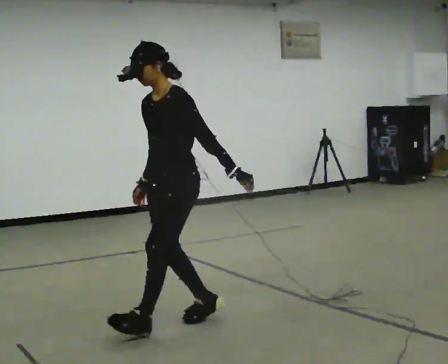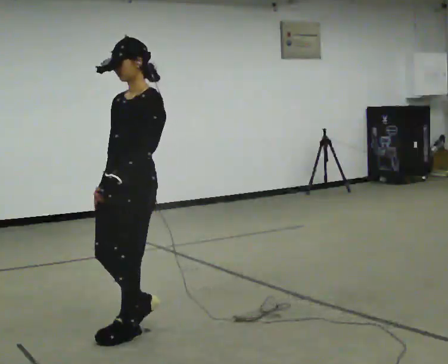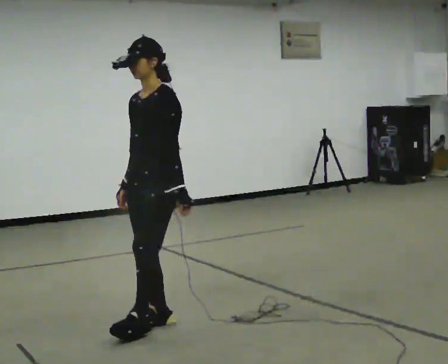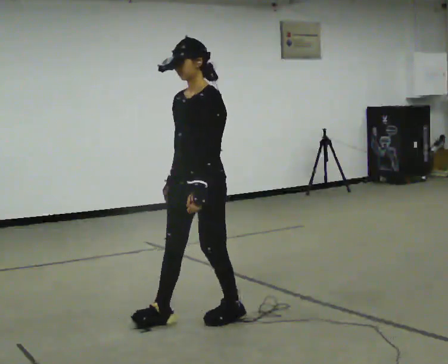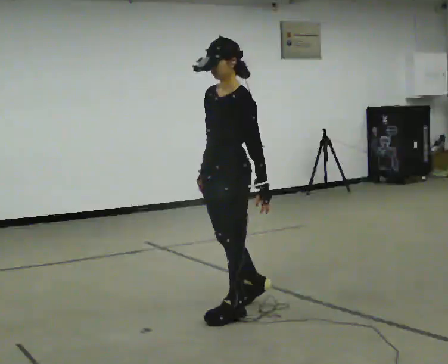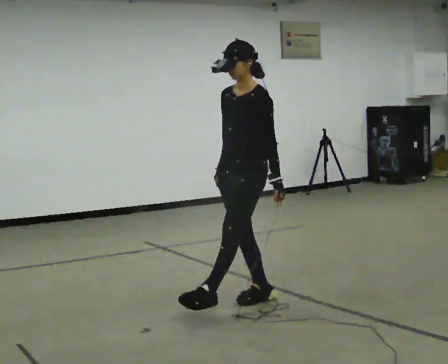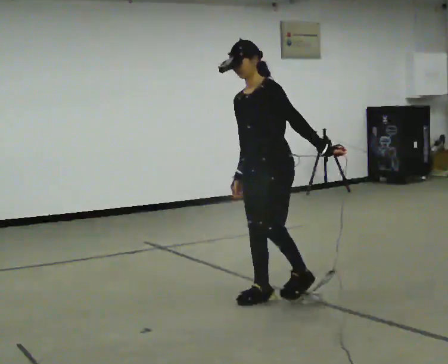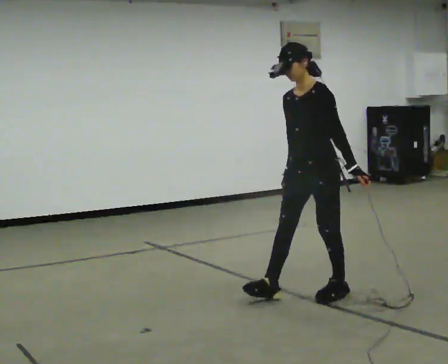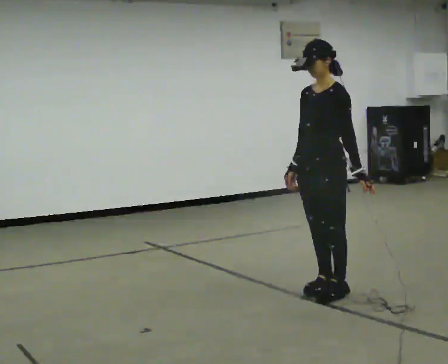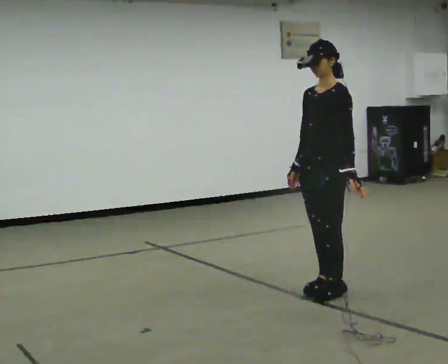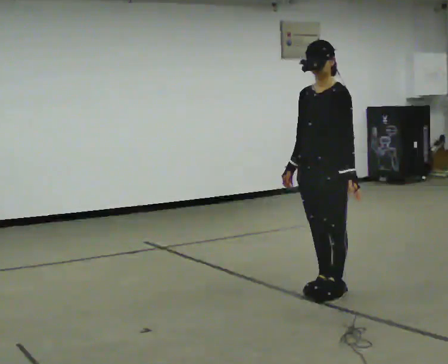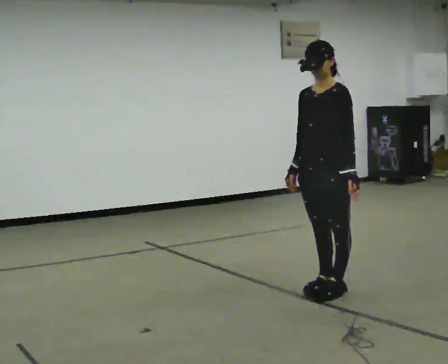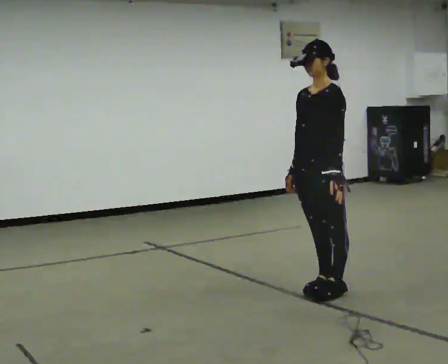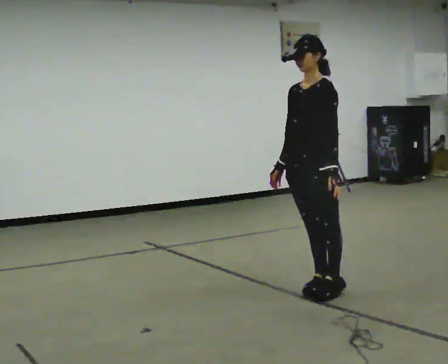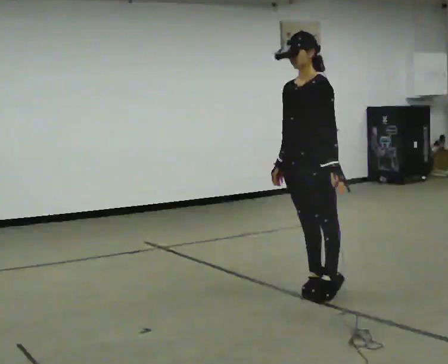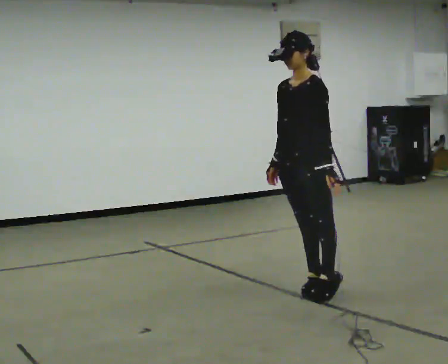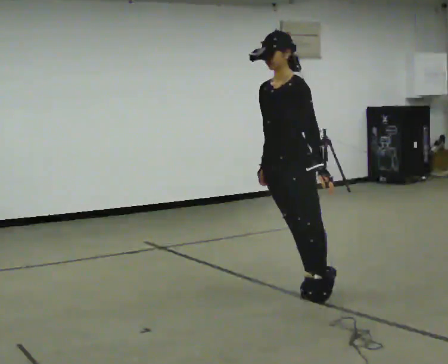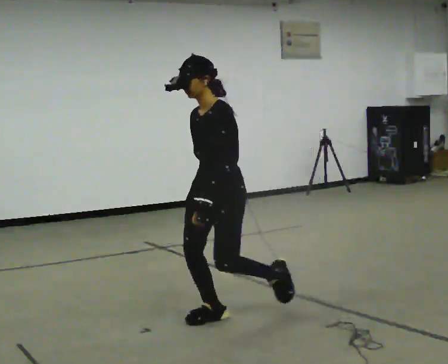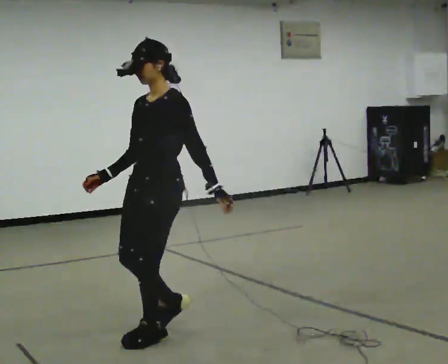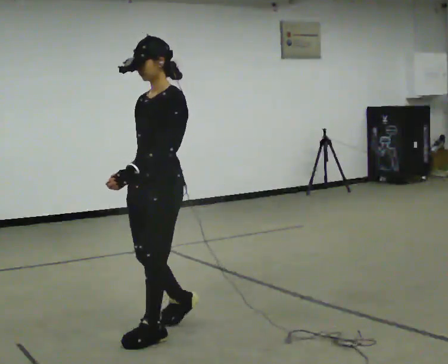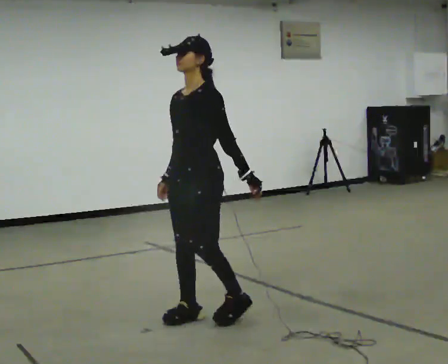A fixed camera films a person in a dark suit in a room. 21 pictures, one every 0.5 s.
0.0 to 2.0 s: In the picture they go to the right and away from the camera, about 0.5 m in 3 steps, which for them is backward.
2.0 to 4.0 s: In the picture they go to the right and away from the camera, about 0.75 m in 3 steps, which for them is backward.
4.0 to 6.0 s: The person moves a little, or ends about where they began.
6.0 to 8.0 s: In the picture they go to the left and toward the camera, about 0.25 m, which for them is forward.
8.0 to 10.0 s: In the picture they go to the left and toward the camera, about 0.5 m in 3 steps, which for them is forward.
The film runs forward here.
